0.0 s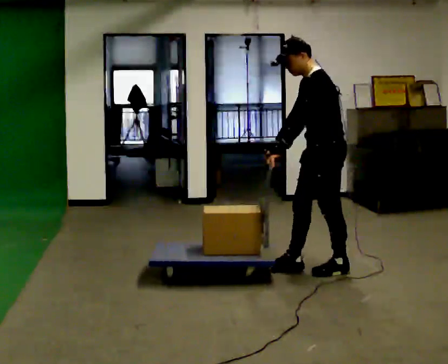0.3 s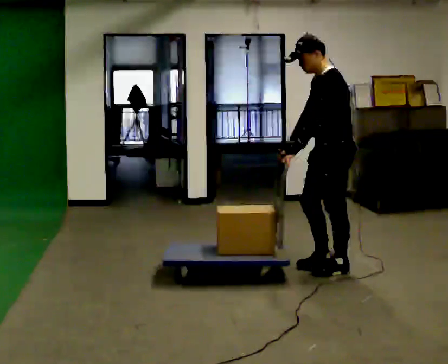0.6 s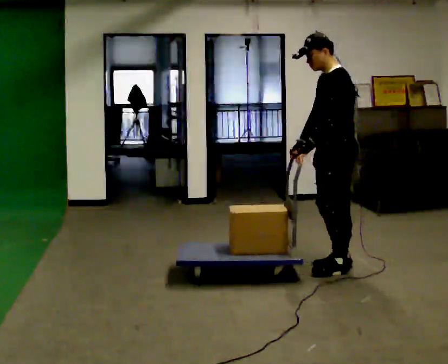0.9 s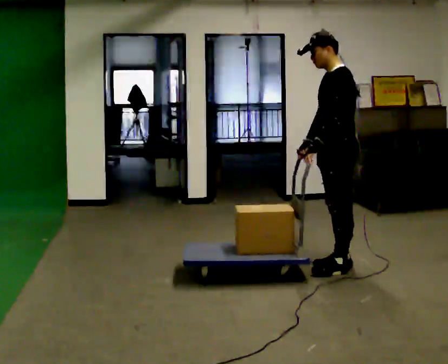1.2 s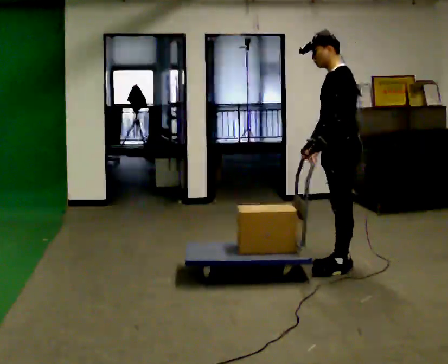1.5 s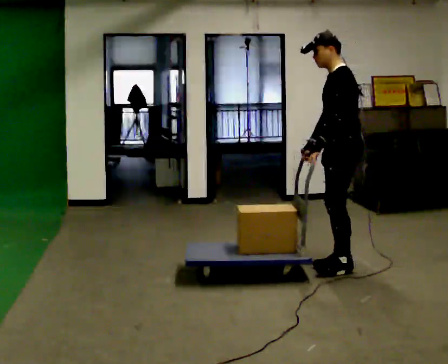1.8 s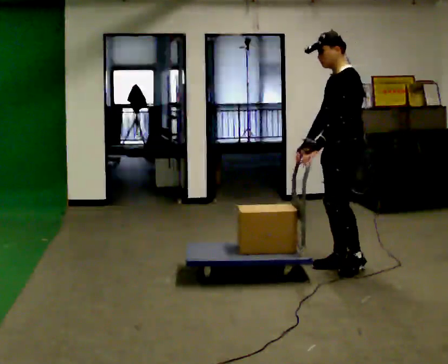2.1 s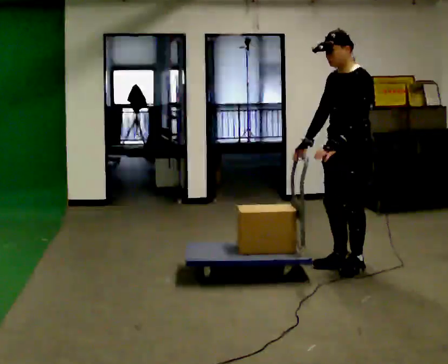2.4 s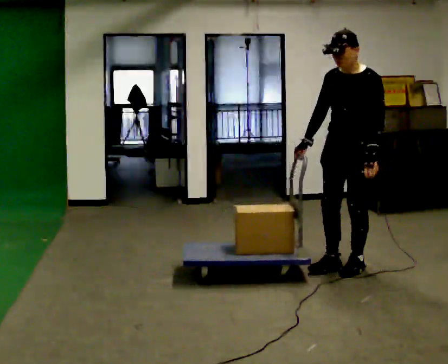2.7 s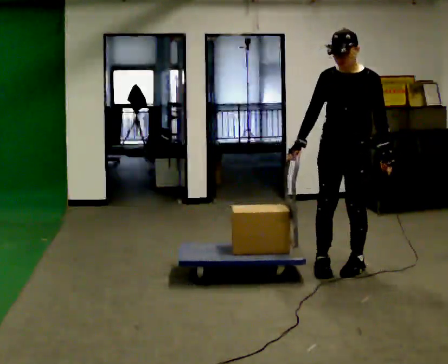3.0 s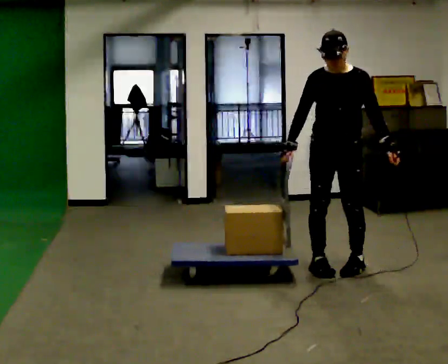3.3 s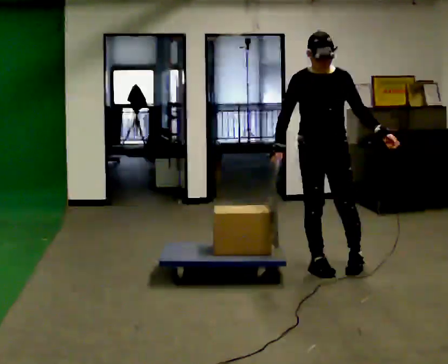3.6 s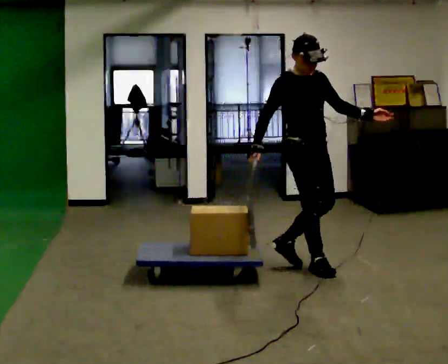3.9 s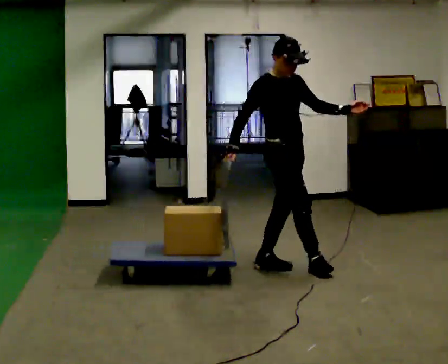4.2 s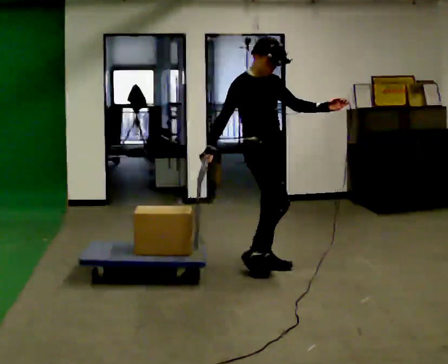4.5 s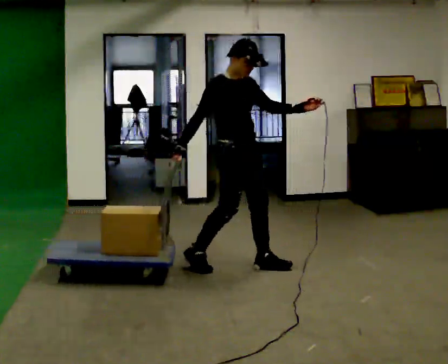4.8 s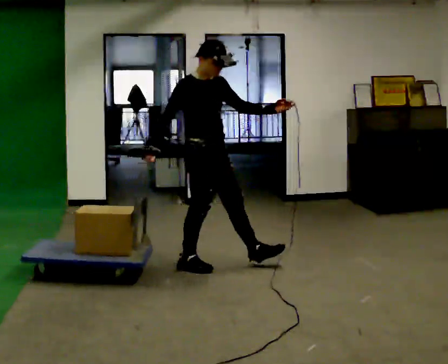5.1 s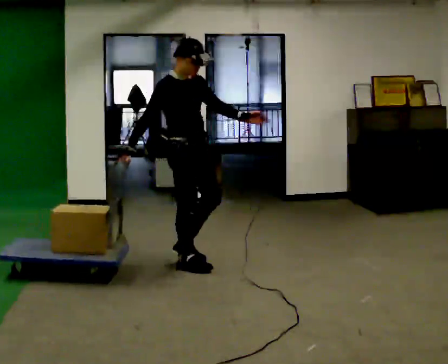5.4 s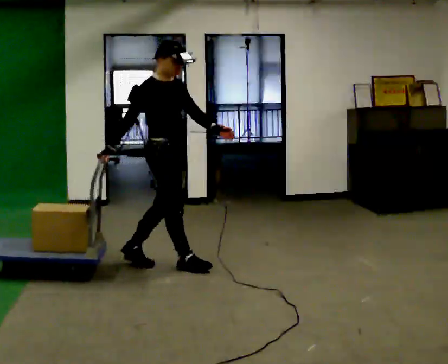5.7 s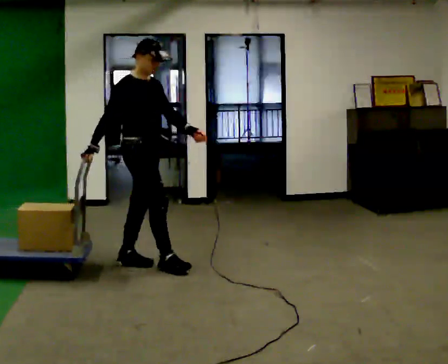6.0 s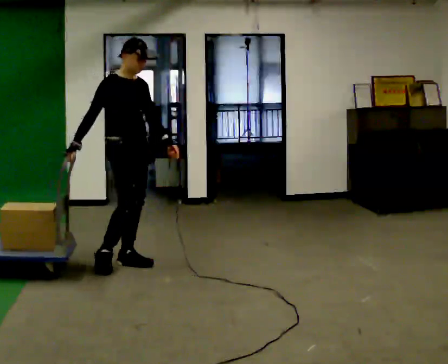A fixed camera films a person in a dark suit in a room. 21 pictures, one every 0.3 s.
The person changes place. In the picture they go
to the left.
0.0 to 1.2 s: The person moves a little, or ends about where they began.
1.2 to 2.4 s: The part of the body nearest the lens slides to the right as the person turns to their left by about 45 degrees. In the picture their left hand goes to the right.
2.4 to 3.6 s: The part of the body nearest the lens slides to the right as the person turns to their left by about 90 degrees. In the picture they go to the left, about 0.25 m in 1 step.
3.6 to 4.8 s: In the picture they go to the left, about 0.5 m in 2 steps, which for them is backward and to their right.
4.8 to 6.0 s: In the picture they go to the left, about 0.5 m in 1 step, which for them is backward.
The film runs backward here.
